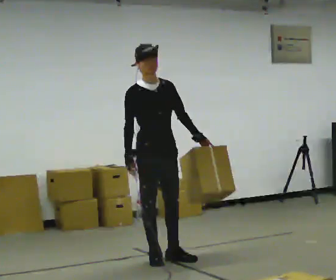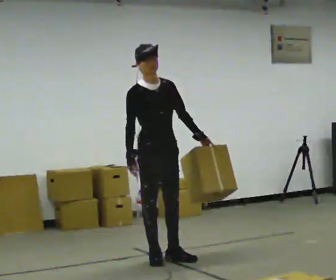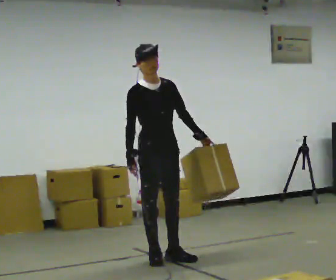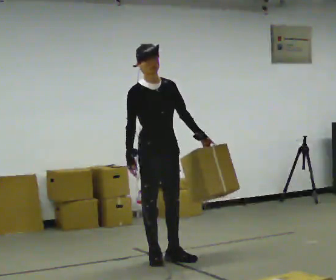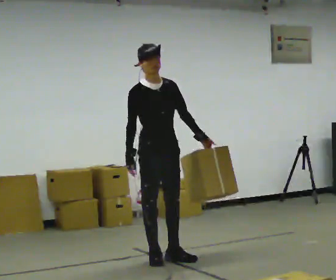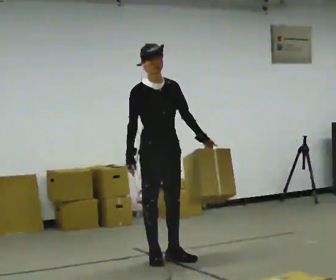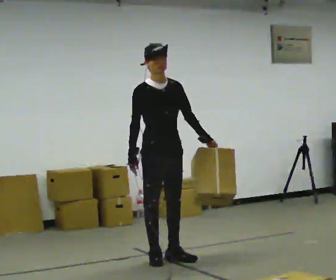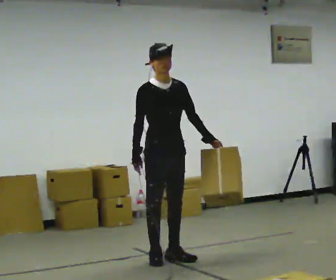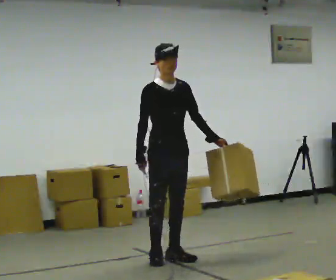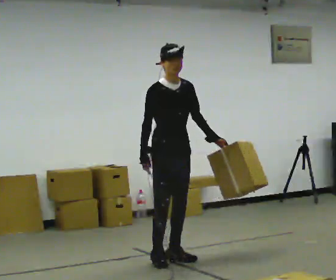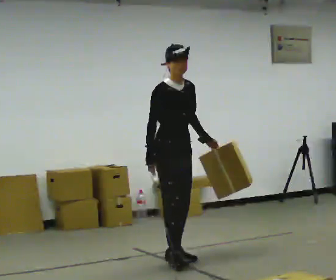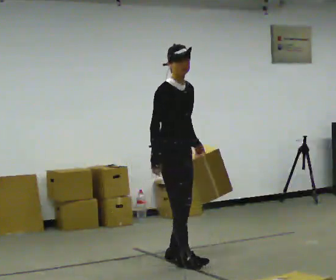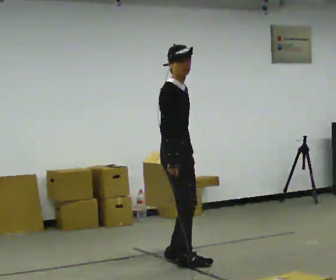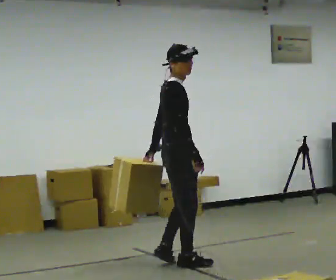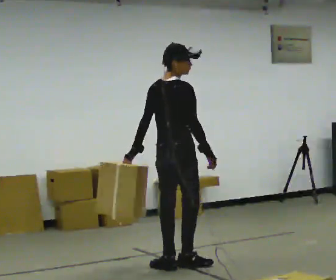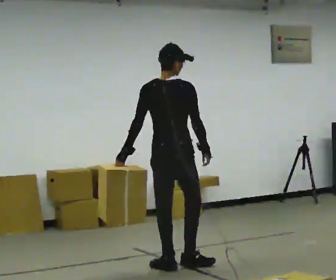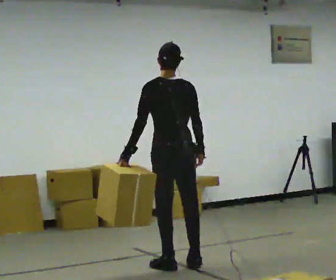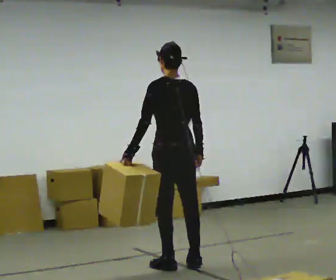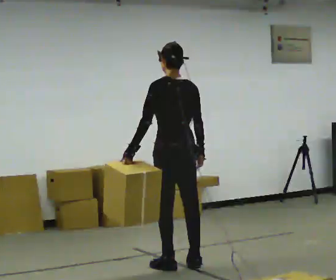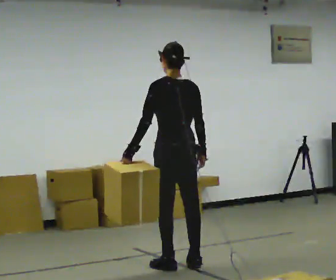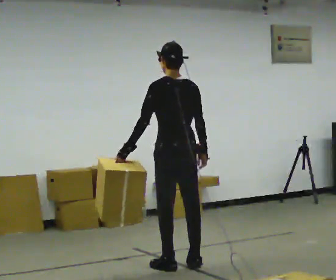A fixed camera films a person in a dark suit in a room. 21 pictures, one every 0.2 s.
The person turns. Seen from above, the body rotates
counterclockwise.
Their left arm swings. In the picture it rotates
clockwise.
0.0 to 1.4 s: The person moves a little, or ends about where they began.
1.4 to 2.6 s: The person turns about 75 degrees to their left, counterclockwise seen from above, so the part of the body nearest the lens slides to the right. In the picture they go toward the camera, about 0.25 m in 2 steps. In the picture their left hand goes to the left, the arm swinging clockwise.
2.6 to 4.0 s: The part of the body nearest the lens slides to the right as the person turns to their left by about 105 degrees.
The film runs backward here.
